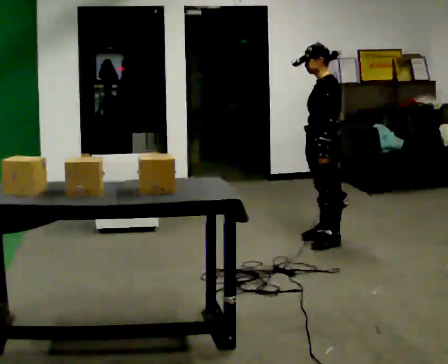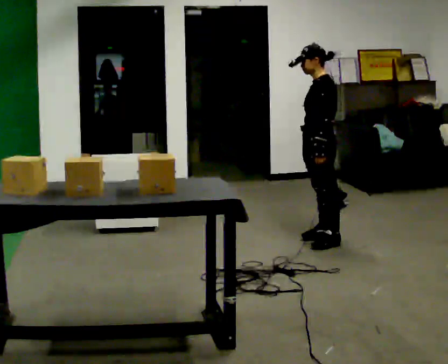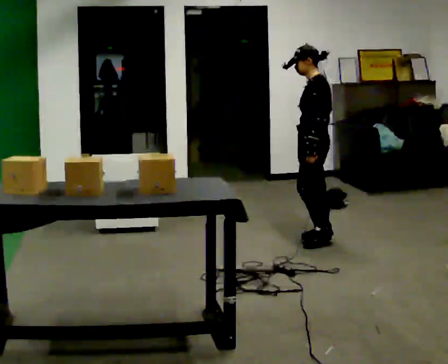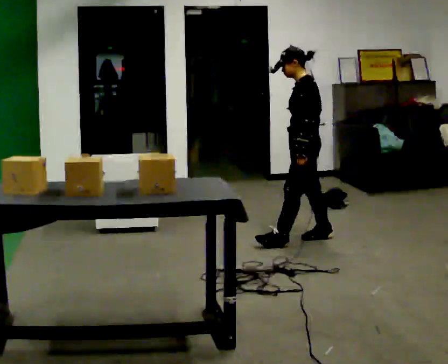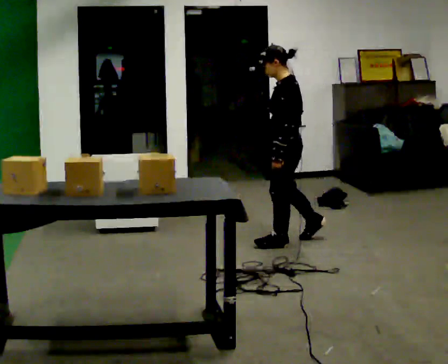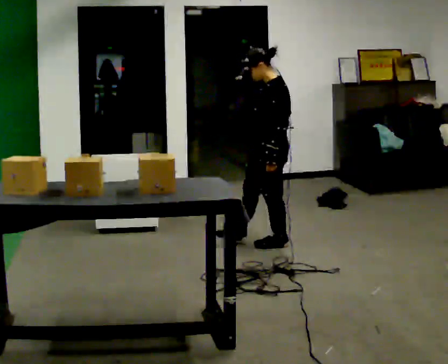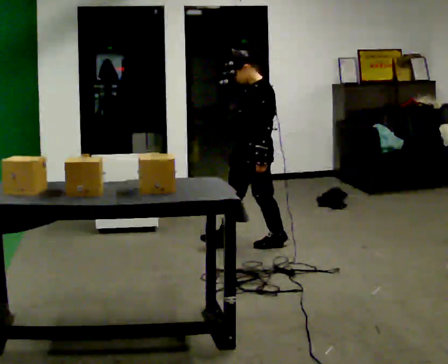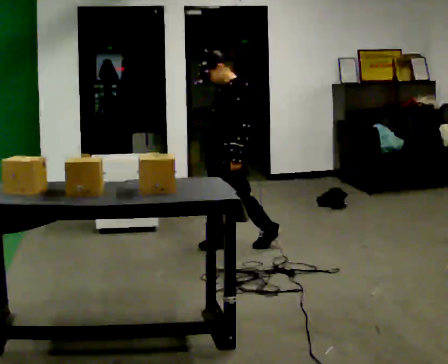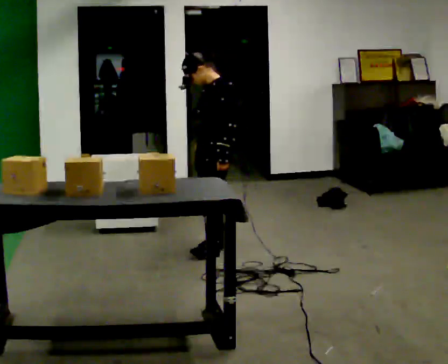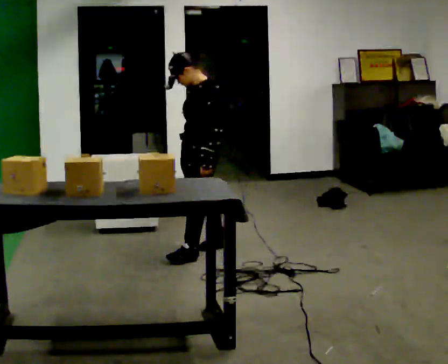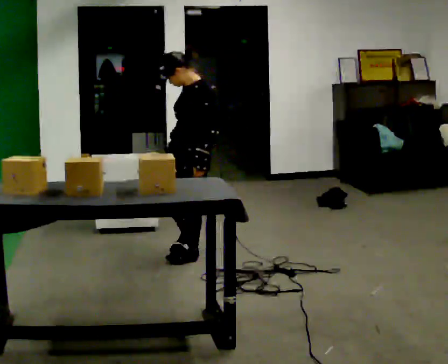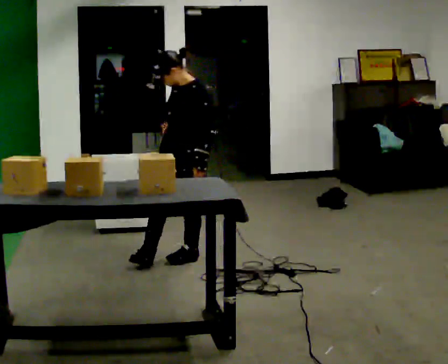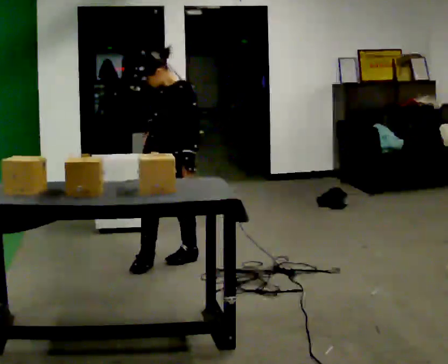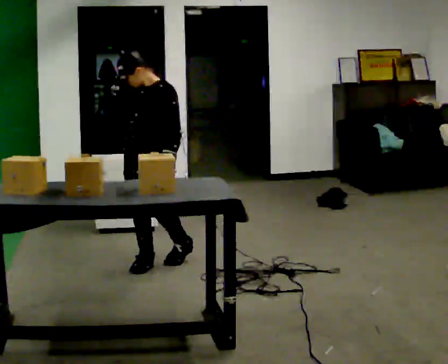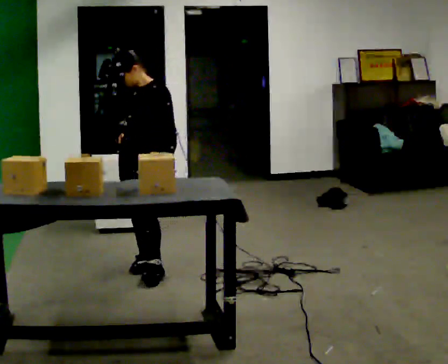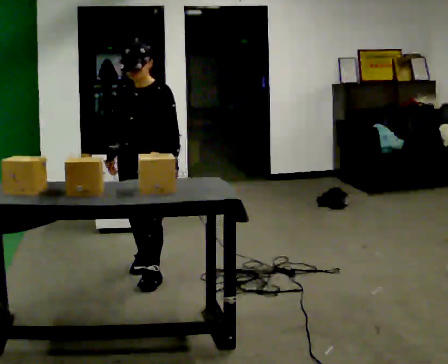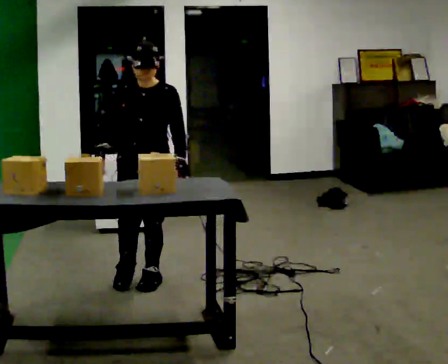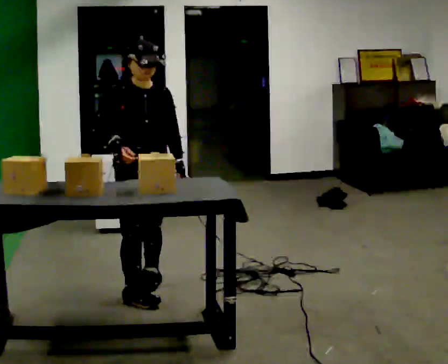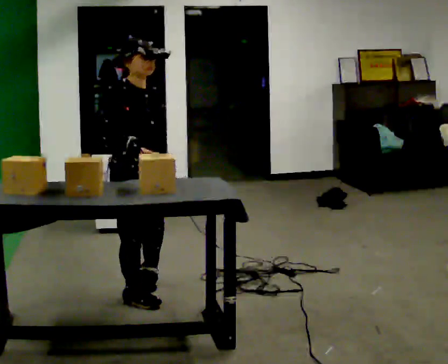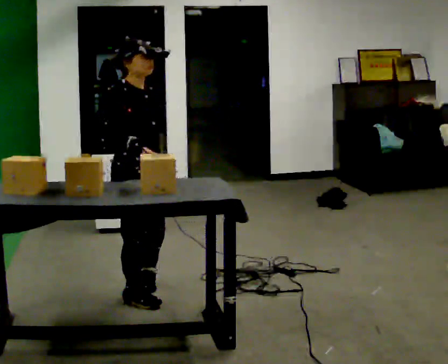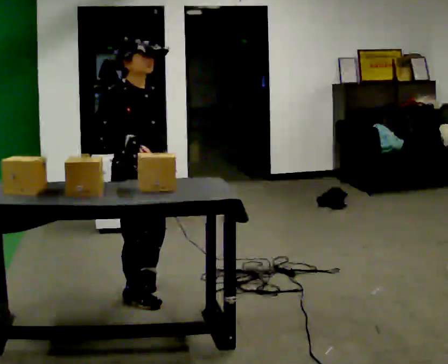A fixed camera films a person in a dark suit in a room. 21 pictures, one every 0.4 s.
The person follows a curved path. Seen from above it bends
counterclockwise.
0.0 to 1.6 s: In the picture they go to the left, about 0.25 m in 1 step, which for them is forward.
1.6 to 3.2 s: The part of the body nearest the lens slides to the right as the person turns to their left by about 30 degrees. In the picture they go to the left, about 0.5 m in 1 step, which for them is forward.
3.2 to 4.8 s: The person turns about 45 degrees to their left, counterclockwise seen from above, so the part of the body nearest the lens slides to the right. In the picture they go toward the camera and to the left, about 0.5 m in 2 steps, which for them is forward.
4.8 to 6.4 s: Seen from above the body turns counterclockwise, about 30 degrees: to their left, with its near side sliding to the right. In the picture they go toward the camera, about 0.5 m in 1 step, which for them is forward.
6.4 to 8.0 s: Seen from above the body turns counterclockwise, about 60 degrees: to their left, with its near side sliding to the right. In the picture they go toward the camera, about 0.25 m in 1 step.
The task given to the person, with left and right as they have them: Move objects one at a time from the waist-height shelf at one end of the room to the waist-height shelf at the other end. Keep going until the operator says stop; one object at a time, and do not rush between trips.
The film runs forward here.
